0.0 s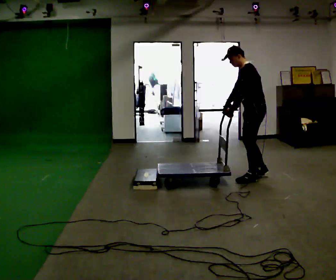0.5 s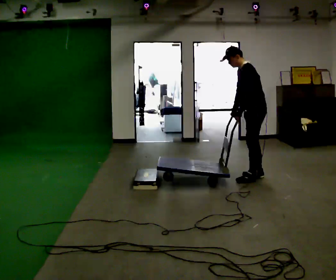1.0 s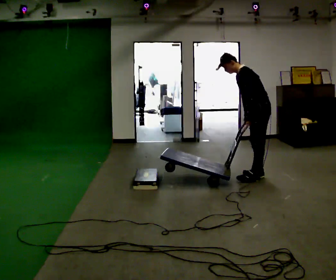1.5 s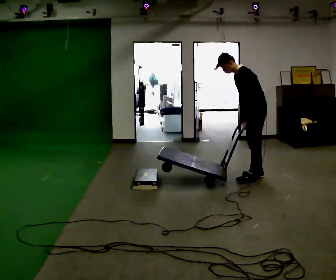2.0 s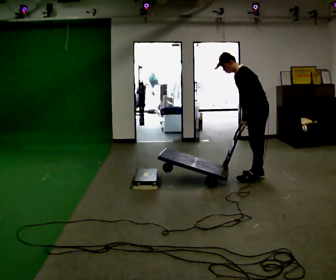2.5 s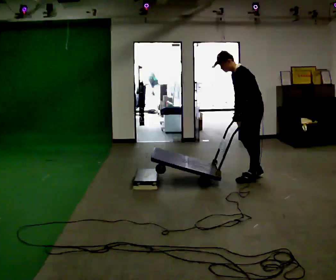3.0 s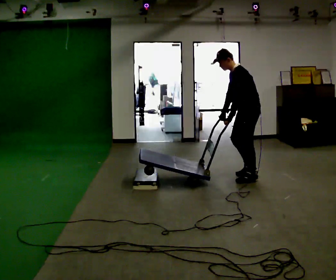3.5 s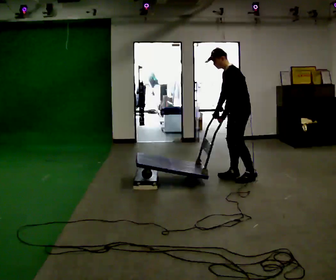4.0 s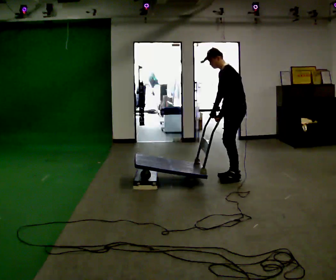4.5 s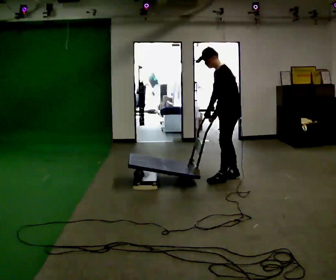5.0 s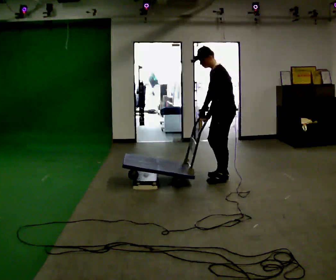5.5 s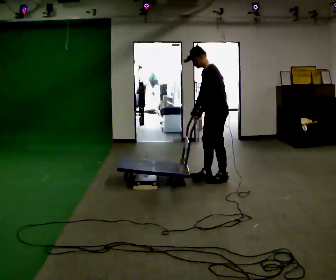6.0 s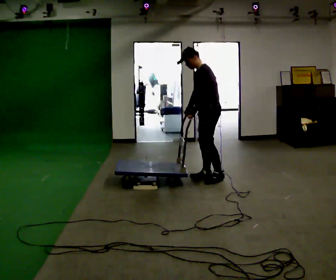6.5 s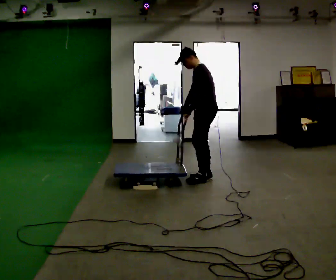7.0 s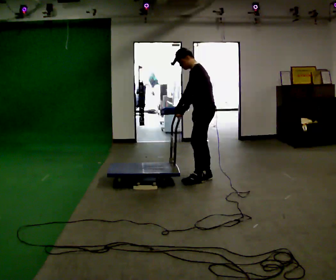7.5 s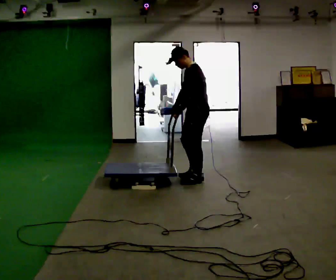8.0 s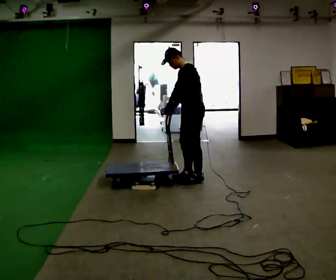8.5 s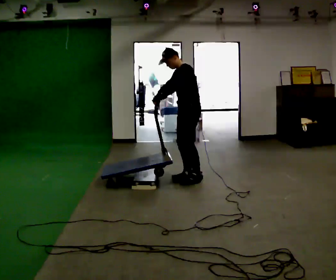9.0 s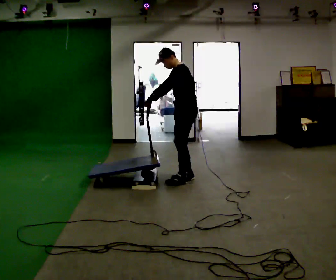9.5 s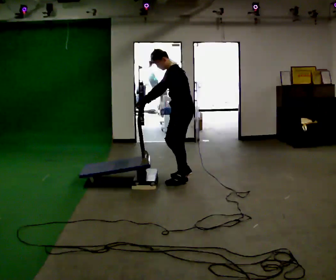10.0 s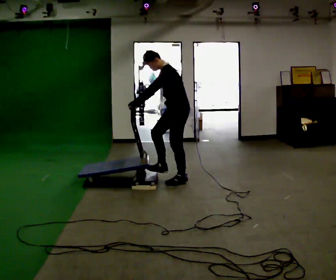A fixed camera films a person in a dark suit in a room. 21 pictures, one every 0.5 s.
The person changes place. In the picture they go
to the left.
0.0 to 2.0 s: The person moves a little, or ends about where they began.
2.0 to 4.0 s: In the picture they go to the left, about 0.25 m in 1 step, which for them is forward. In the picture the upper body tilts clockwise, shoulders to the right, as they lean back or straighten.
4.0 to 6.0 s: In the picture they go to the left, about 0.25 m in 2 steps, which for them is forward.
6.0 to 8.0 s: In the picture they go to the left, about 0.25 m in 2 steps, which for them is forward.
8.0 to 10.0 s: In the picture they go to the left, about 0.25 m in 1 step, which for them is forward. In the picture their left hand goes to the left.
The film runs forward here.
